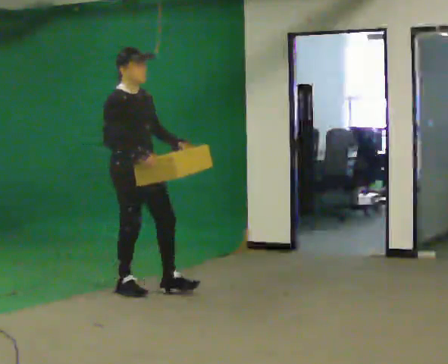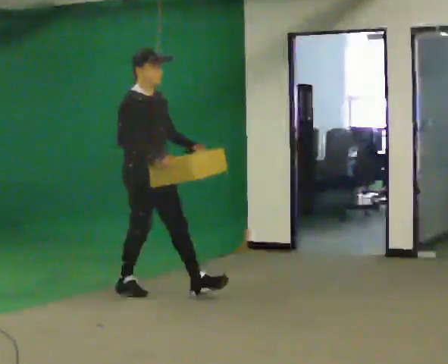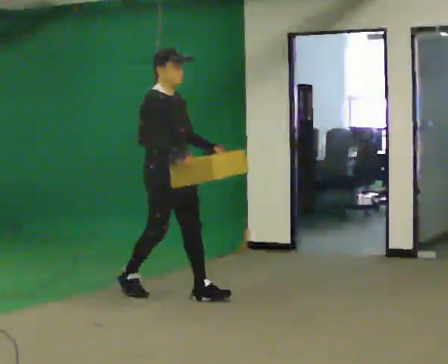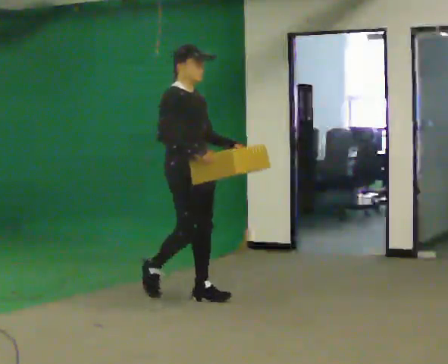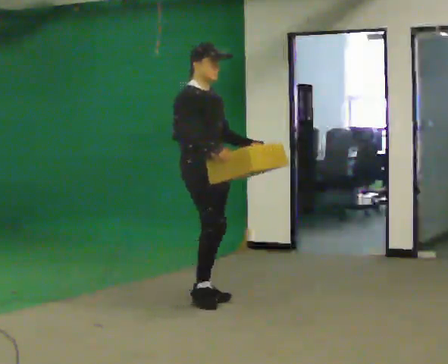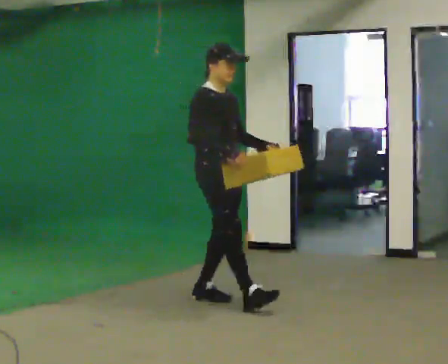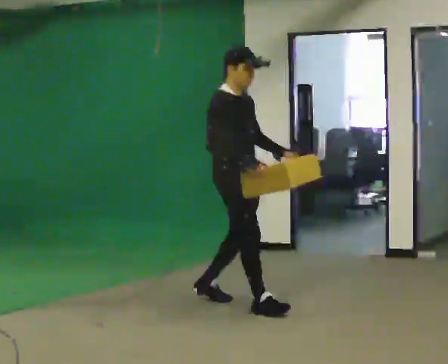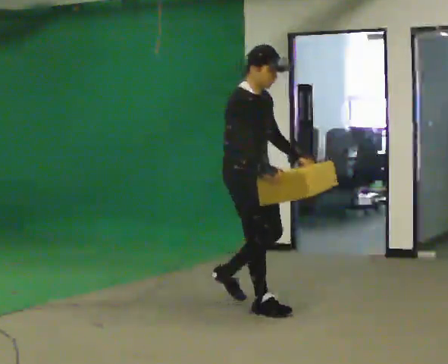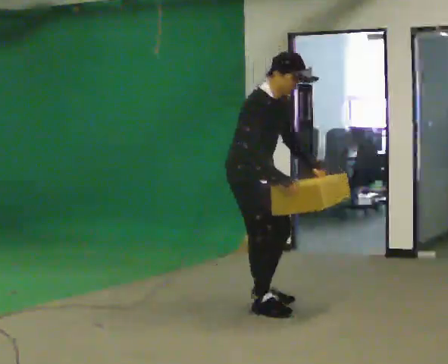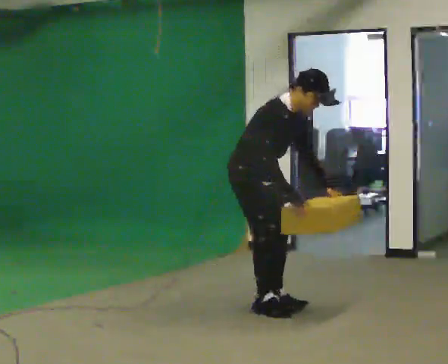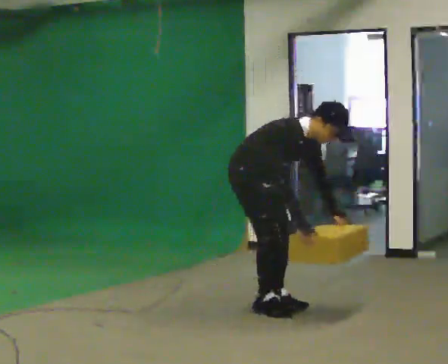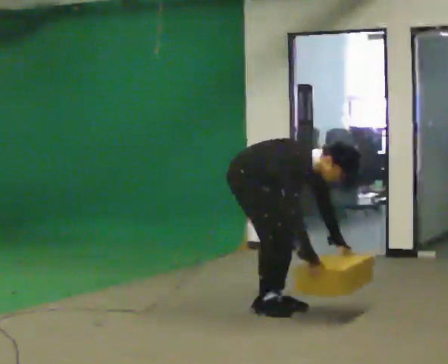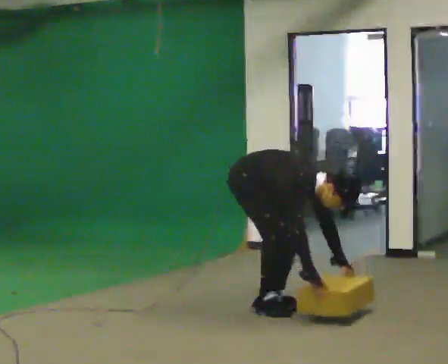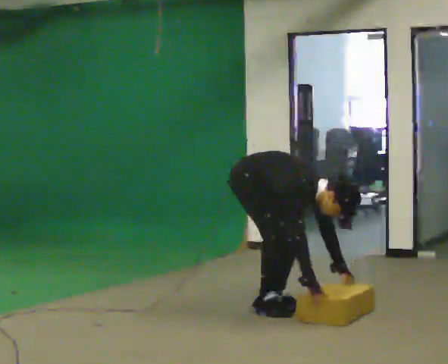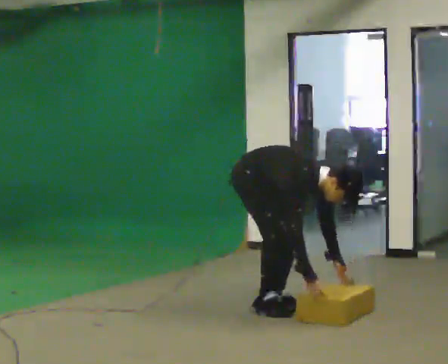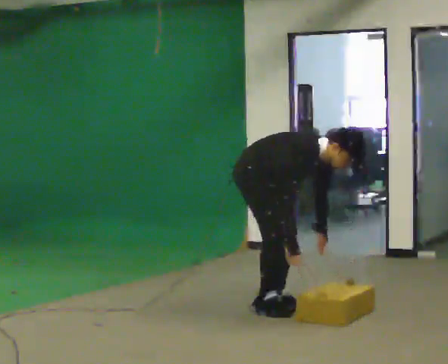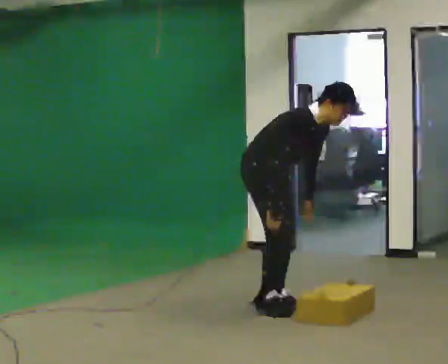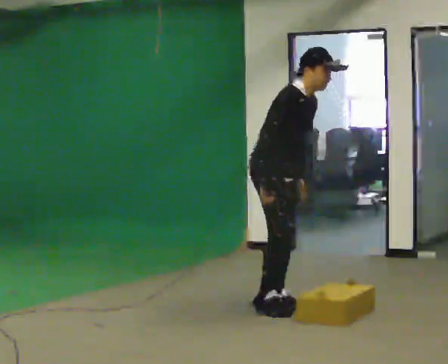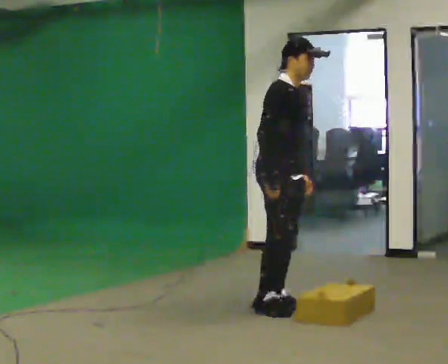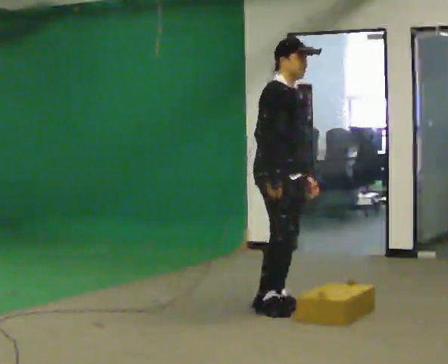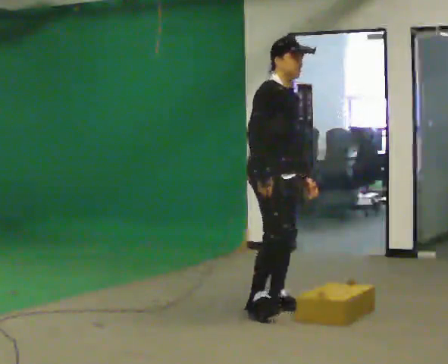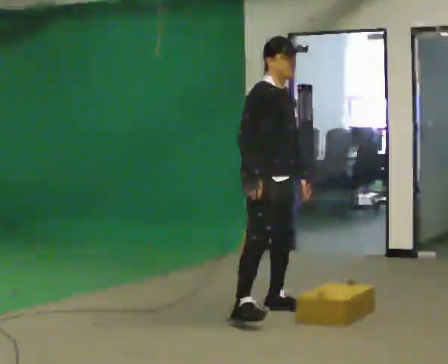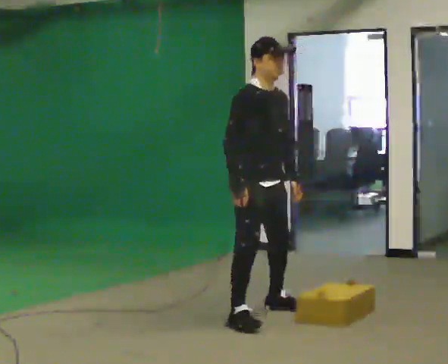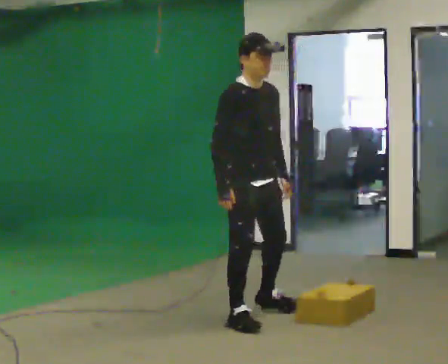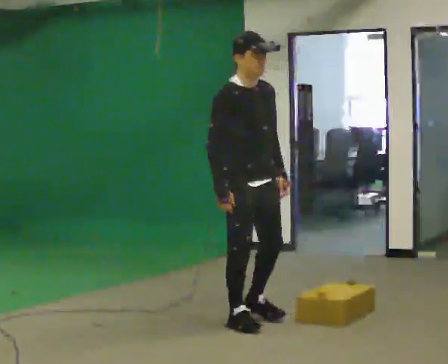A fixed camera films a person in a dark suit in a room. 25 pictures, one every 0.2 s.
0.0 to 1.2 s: In the picture they go to the right and toward the camera, about 1 m in 2 steps, which for them is forward.
1.2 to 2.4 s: The shoulders move downward. In the picture the upper body tilts clockwise, shoulders to the right, as they bend forward. In the picture their right hand goes downward and to the right.
2.4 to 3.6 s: The upper body goes upward. In the picture the upper body tilts counterclockwise, shoulders to the left, as they lean back or straighten. In the picture their right hand goes upward.
3.6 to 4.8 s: Seen from above the body turns clockwise, about 30 degrees: to their right, with its near side sliding to the left. In the picture they go toward the camera and to the left, about 0.5 m in 1 step, which for them is to their right.
The film runs forward here.
